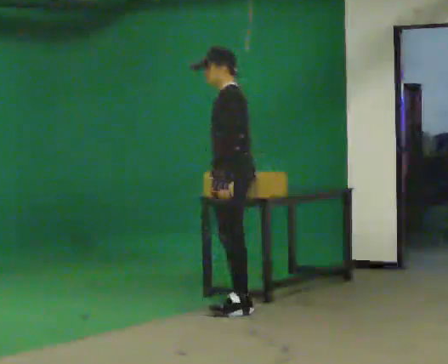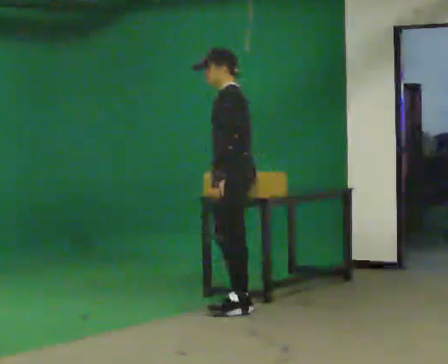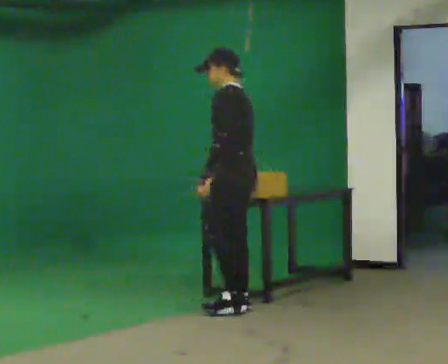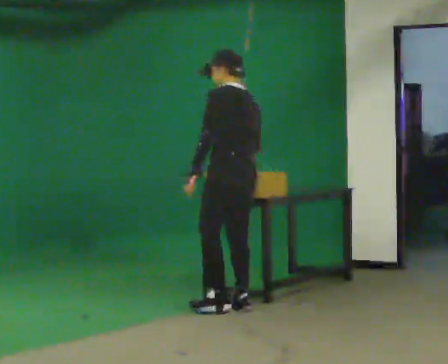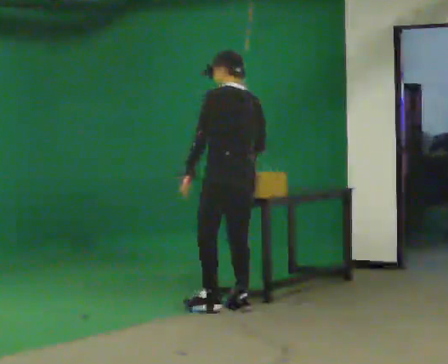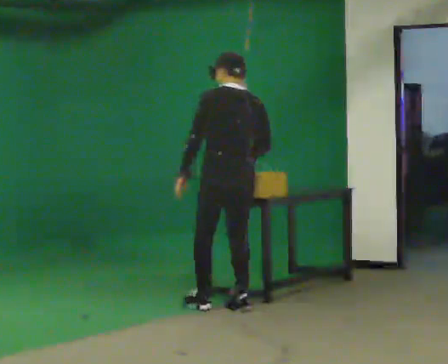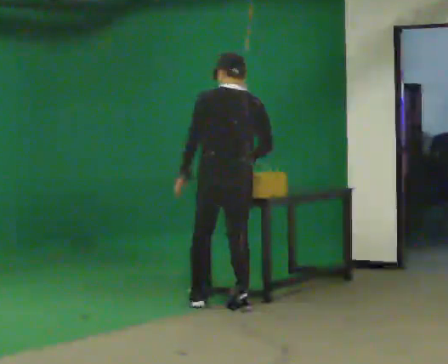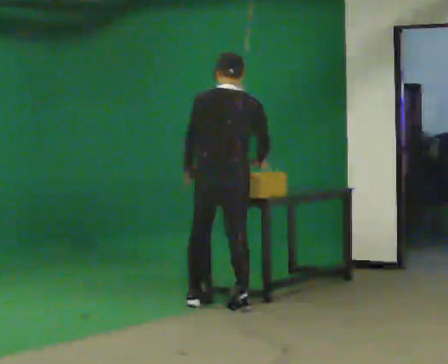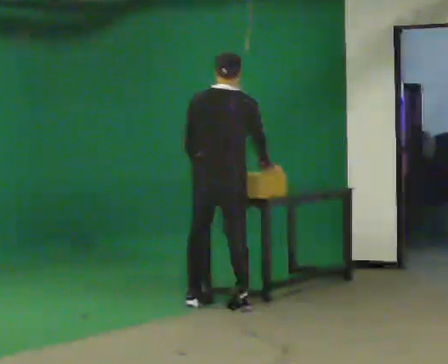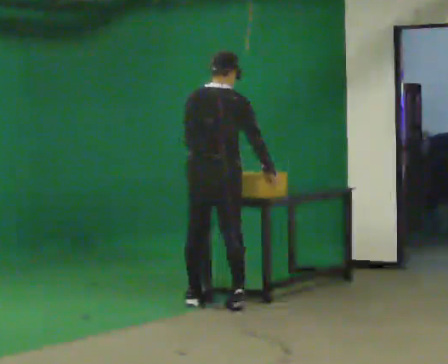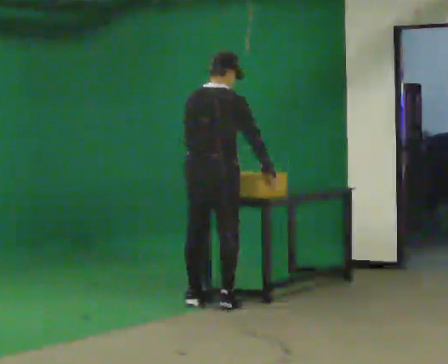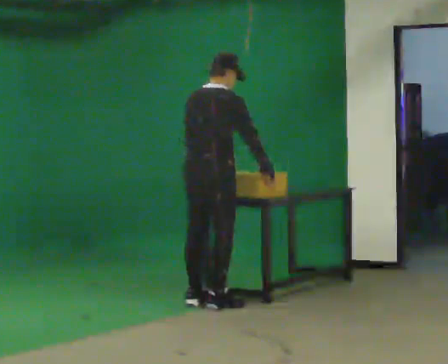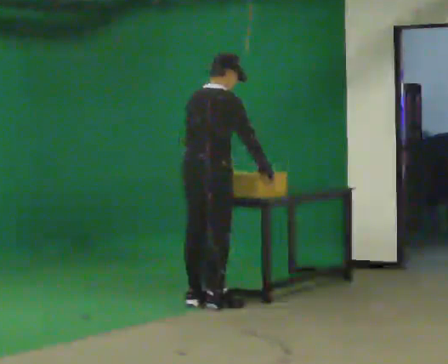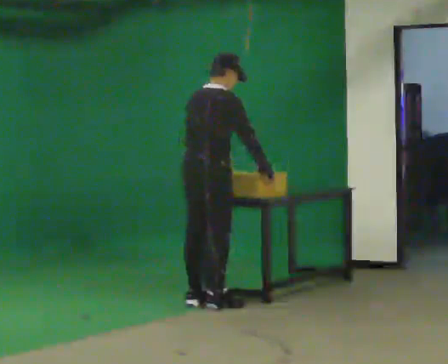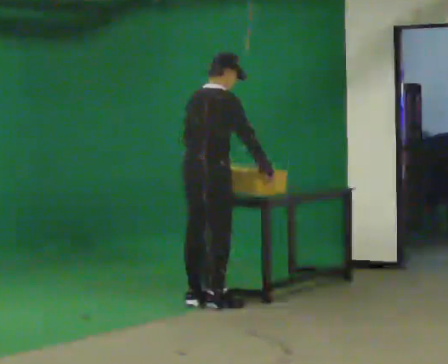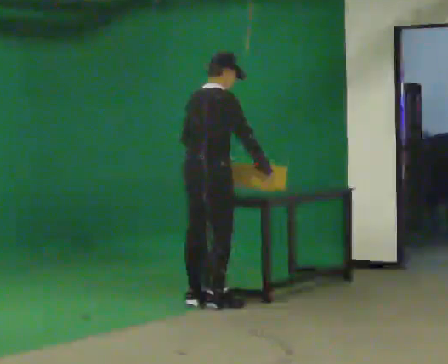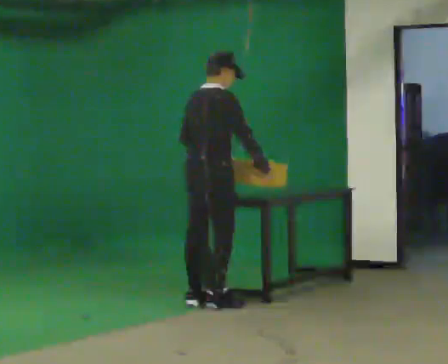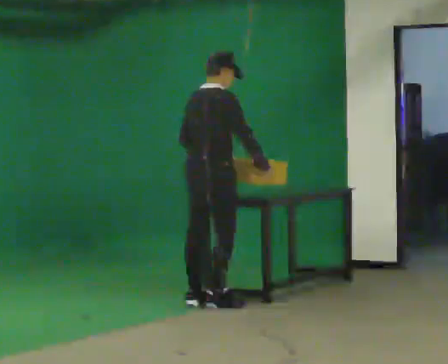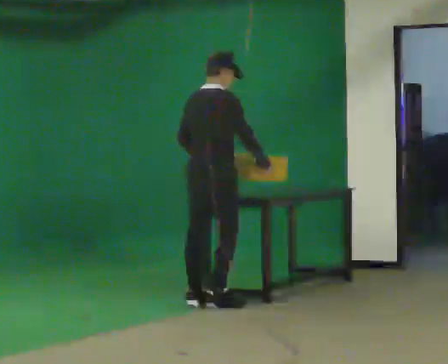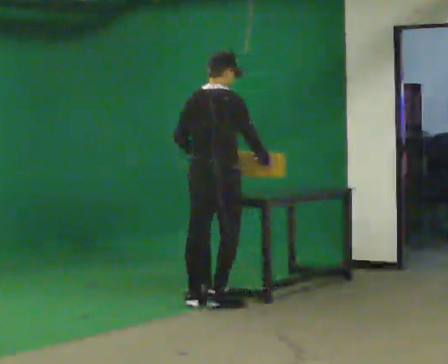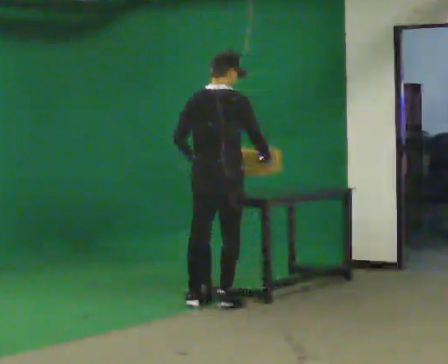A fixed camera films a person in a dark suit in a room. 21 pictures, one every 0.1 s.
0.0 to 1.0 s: Seen from above the body turns clockwise, about 120 degrees: to their right, with its near side sliding to the left.
1.0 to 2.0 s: The person moves a little, or ends about where they began.
The film runs backward here.
